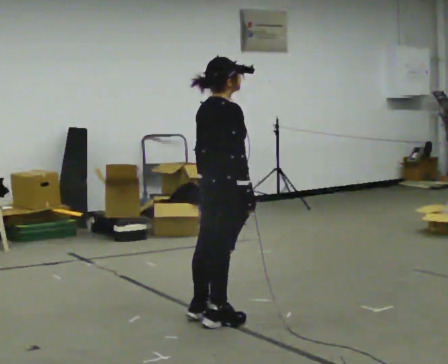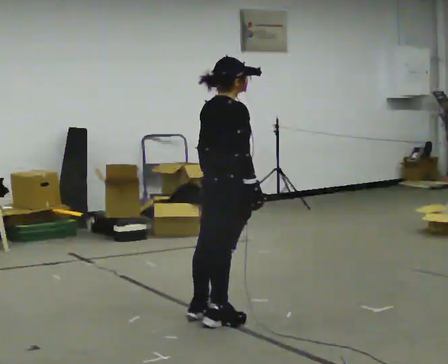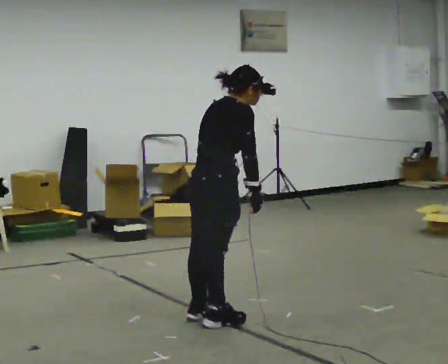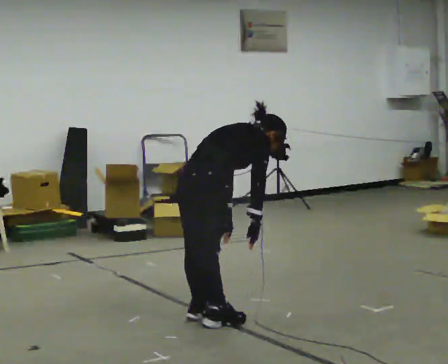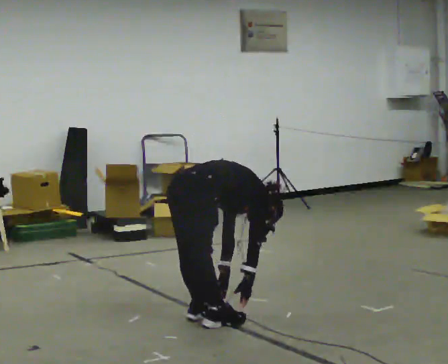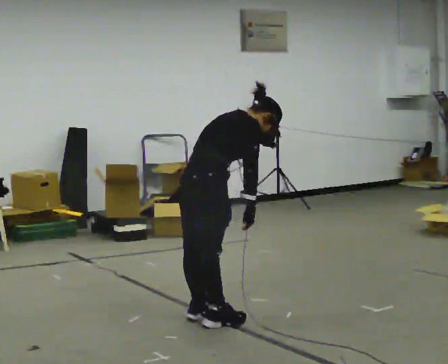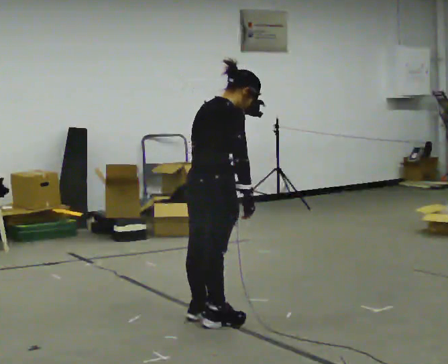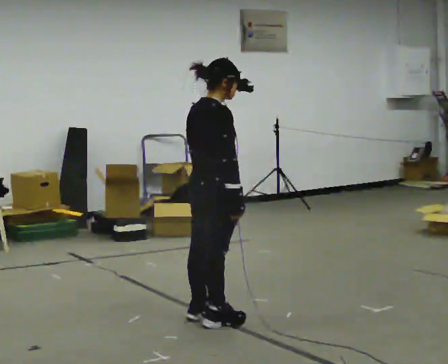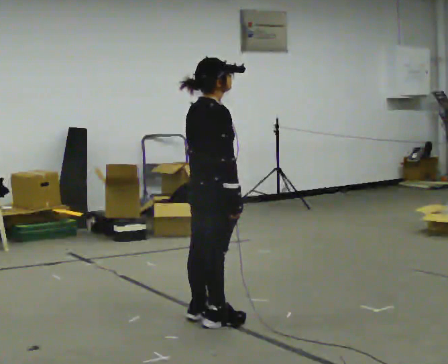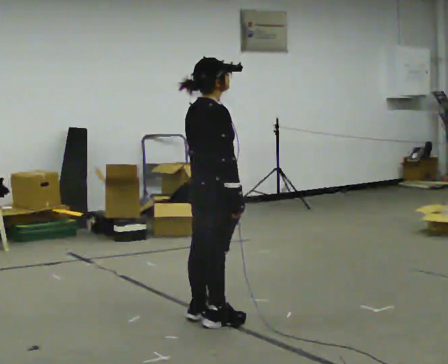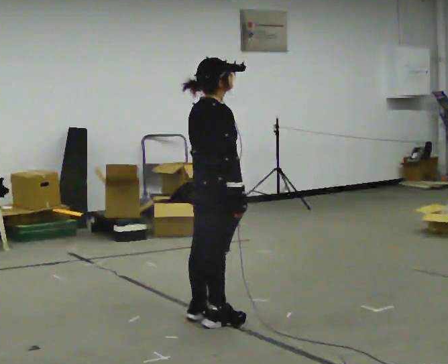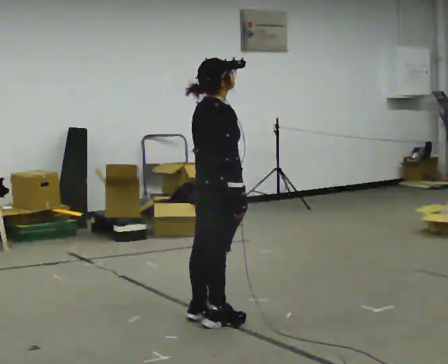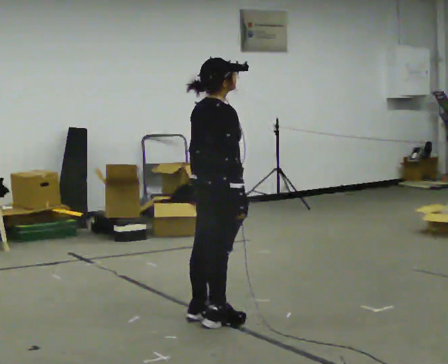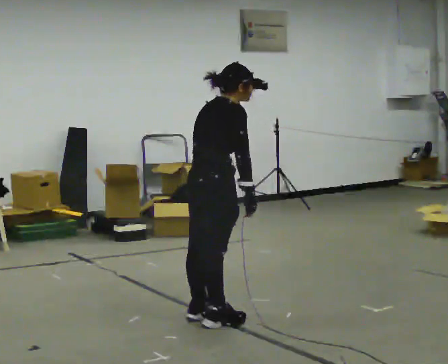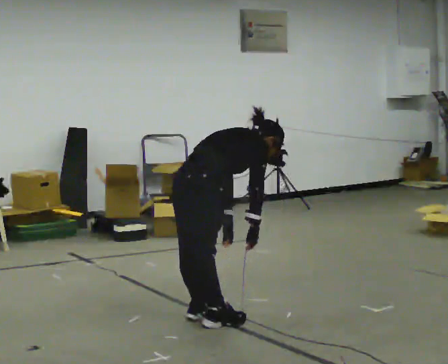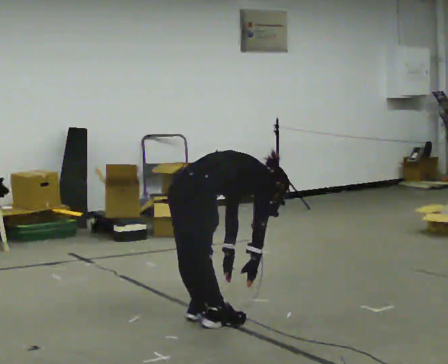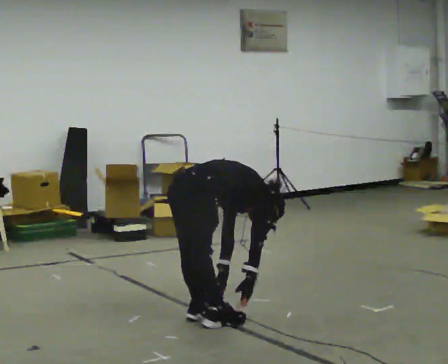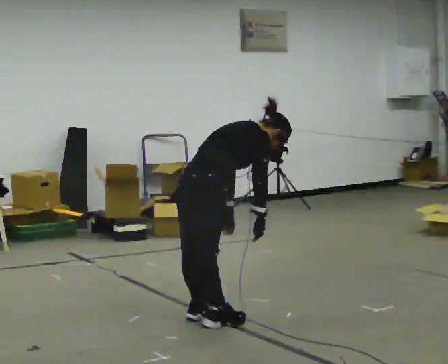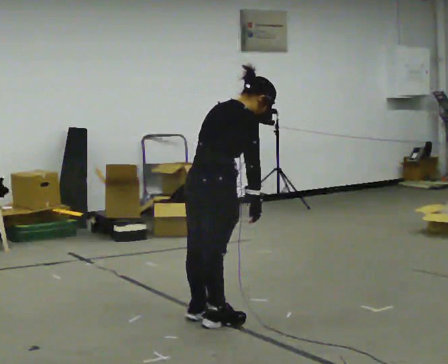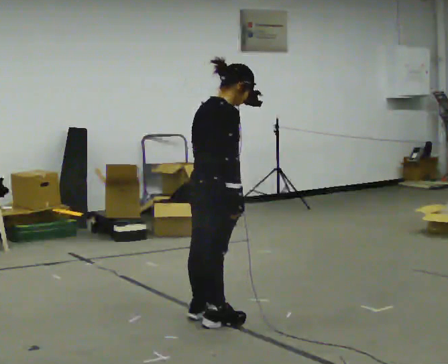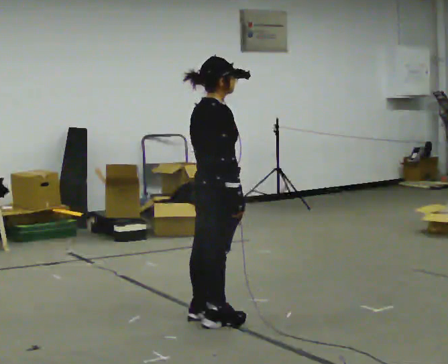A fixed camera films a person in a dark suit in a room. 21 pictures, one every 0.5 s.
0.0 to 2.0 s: In the picture they go to the left, about 0.25 m, which for them is backward. The upper body goes downward. In the picture the upper body tilts clockwise, shoulders to the right, as they bend forward. In the picture their right hand goes downward.
2.0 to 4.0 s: The shoulders move upward. In the picture the upper body tilts counterclockwise, shoulders to the left, as they lean back or straighten. In the picture their right hand goes upward.
4.0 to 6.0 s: The person moves a little, or ends about where they began.
6.0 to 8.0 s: The shoulders move downward. In the picture the upper body tilts clockwise, shoulders to the right, as they bend forward. In the picture their right hand goes downward.
8.0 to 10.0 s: The upper body goes upward. In the picture the upper body tilts counterclockwise, shoulders to the left, as they lean back or straighten. In the picture their left hand goes upward.
The film runs backward here.
